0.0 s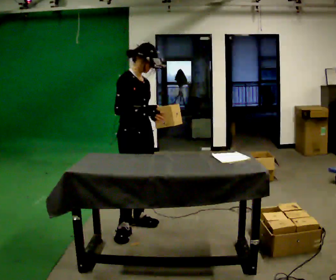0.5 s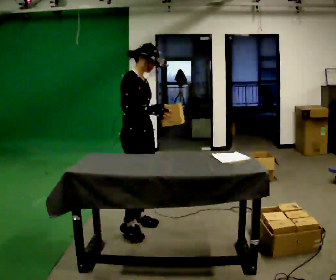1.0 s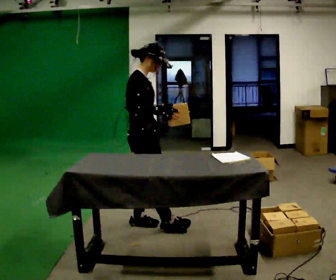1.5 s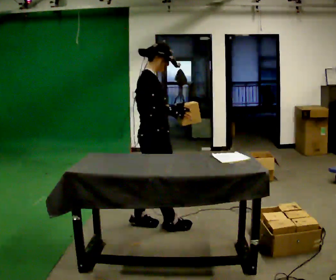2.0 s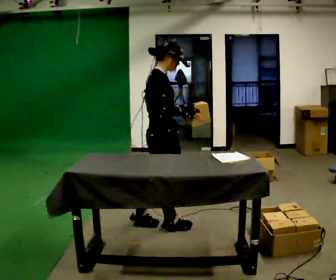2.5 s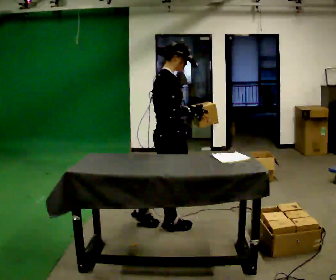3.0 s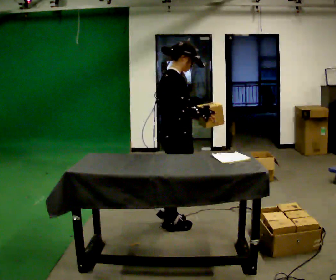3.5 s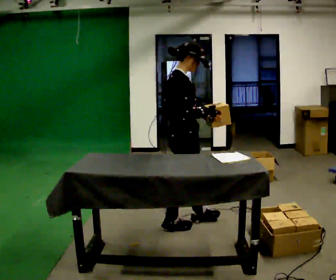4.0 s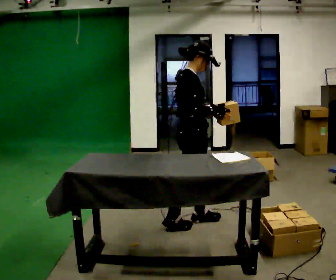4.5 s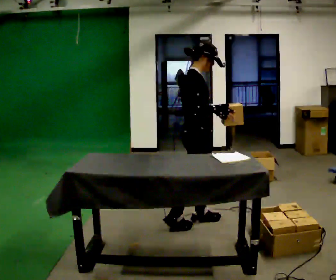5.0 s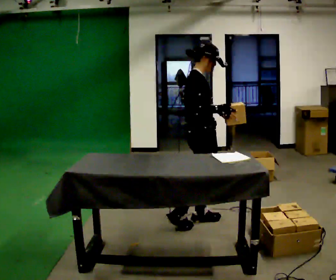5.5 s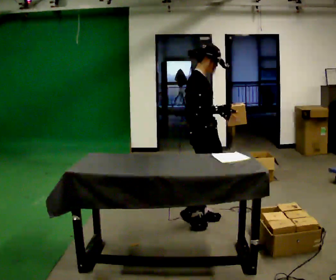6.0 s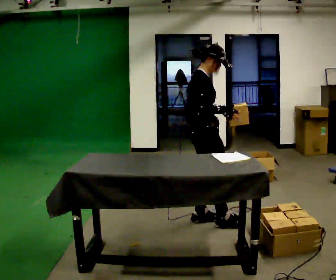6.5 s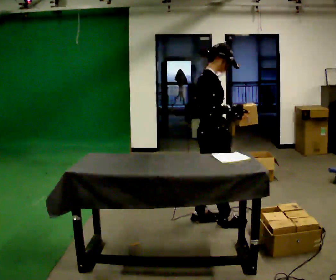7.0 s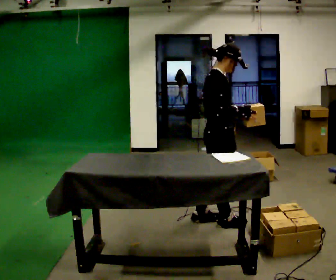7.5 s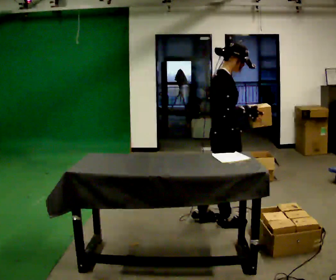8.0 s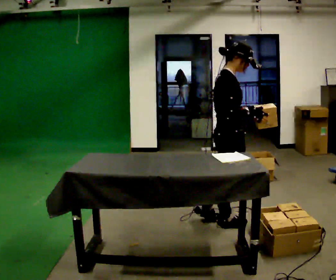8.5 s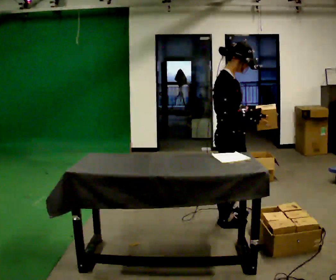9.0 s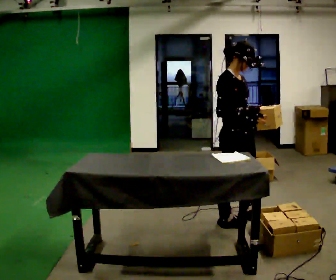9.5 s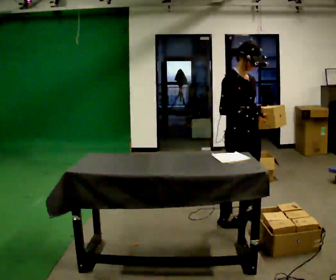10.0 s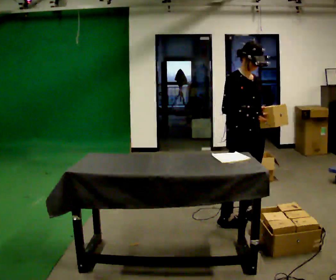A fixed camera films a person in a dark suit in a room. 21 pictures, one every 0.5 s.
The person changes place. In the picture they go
to the right.
0.0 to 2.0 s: The part of the body nearest the lens slides to the right as the person turns to their left by about 45 degrees. In the picture they go to the right, about 0.25 m in 1 step, which for them is forward. In the picture their right hand goes to the right.
2.0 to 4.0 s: In the picture they go to the right, about 0.25 m in 1 step, which for them is forward.
4.0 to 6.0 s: The person moves a little, or ends about where they began.
6.0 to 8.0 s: In the picture they go to the right, about 0.25 m, which for them is forward and to their right.
8.0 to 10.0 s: Seen from above the body turns clockwise, about 45 degrees: to their right, with its near side sliding to the left. In the picture they go to the right, about 0.25 m in 1 step, which for them is to their left.
The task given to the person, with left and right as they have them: 1. Read the parts list. 2. Collect each part from the bins around the room. 3. Lay them out on the table in the order on the list. 4. Put them all in the carry case. 5. Tell the operator when you are finished.
The film runs forward here.
